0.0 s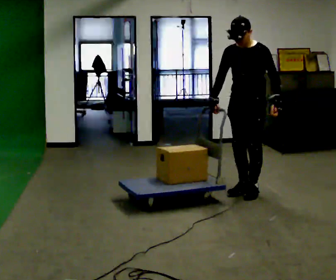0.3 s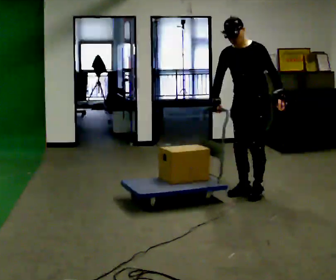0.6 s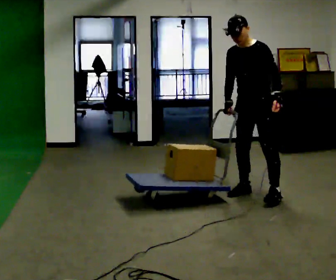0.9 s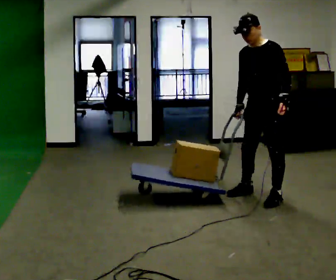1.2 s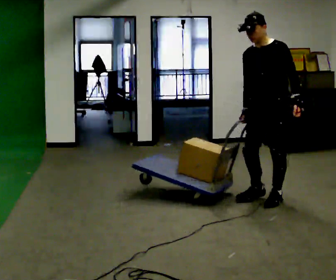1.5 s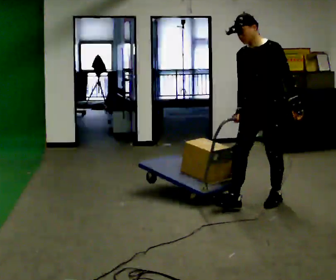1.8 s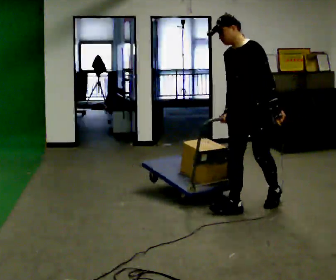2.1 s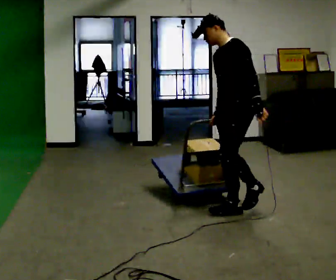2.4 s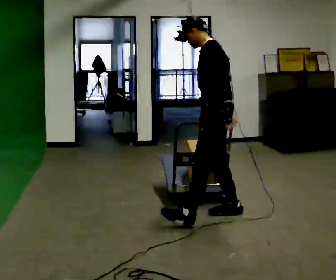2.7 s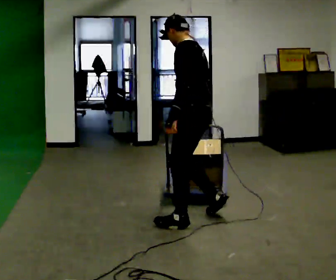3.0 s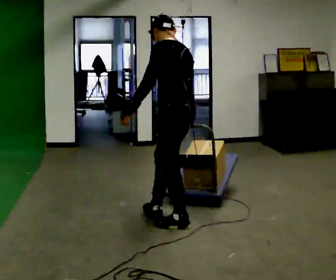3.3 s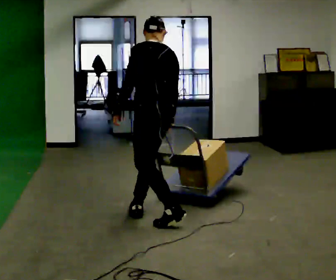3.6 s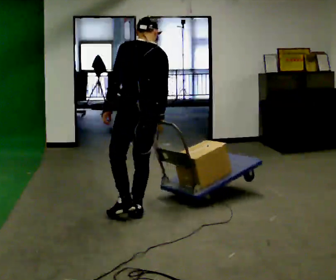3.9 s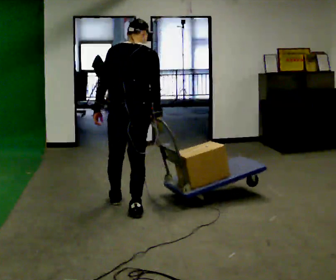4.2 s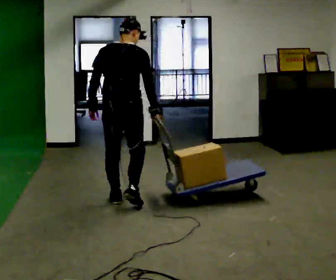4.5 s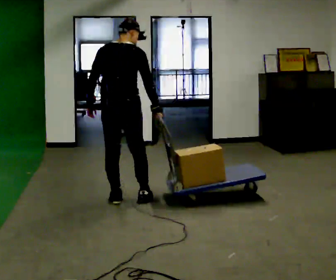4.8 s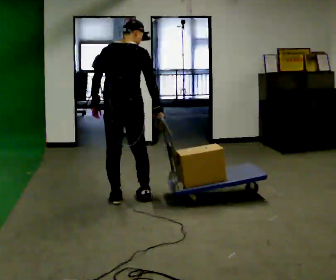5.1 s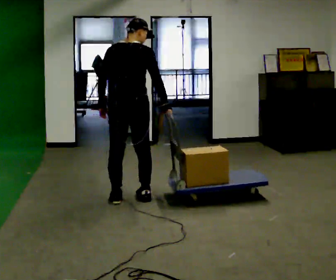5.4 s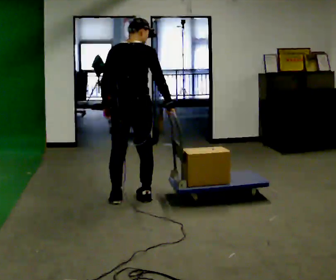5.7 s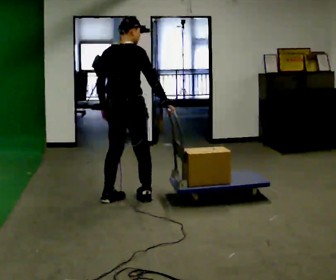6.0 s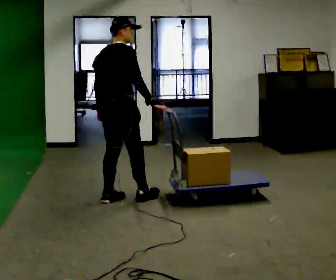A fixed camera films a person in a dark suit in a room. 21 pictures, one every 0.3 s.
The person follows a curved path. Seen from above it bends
clockwise.
The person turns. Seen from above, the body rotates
clockwise.
0.0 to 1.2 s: In the picture they go toward the camera, about 0.25 m in 1 step, which for them is to their left.
1.2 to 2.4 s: Seen from above the body turns clockwise, about 60 degrees: to their right, with its near side sliding to the left. In the picture they go to the left and toward the camera, about 0.75 m in 1 step.
2.4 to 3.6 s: The part of the body nearest the lens slides to the left as the person turns to their right by about 60 degrees. In the picture they go to the left, about 0.75 m in 2 steps, which for them is forward.
3.6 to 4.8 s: The part of the body nearest the lens slides to the left as the person turns to their right by about 30 degrees. In the picture they go away from the camera and to the left, about 0.5 m in 2 steps, which for them is forward and to their left.
4.8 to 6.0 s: The person turns about 45 degrees to their right, clockwise seen from above, so the part of the body nearest the lens slides to the left.
The film runs forward here.
